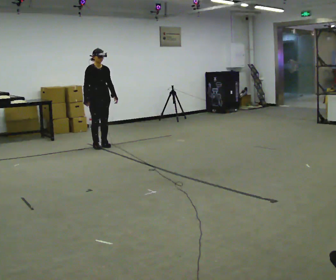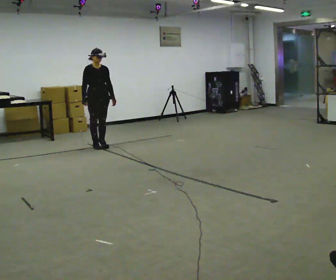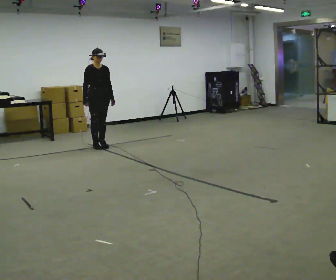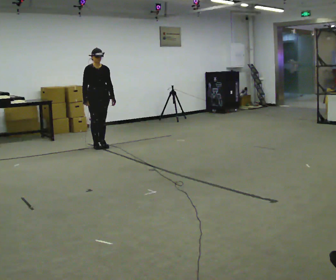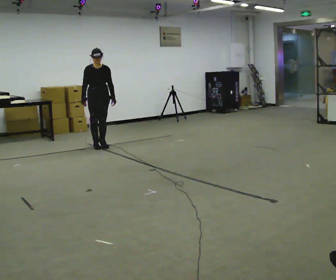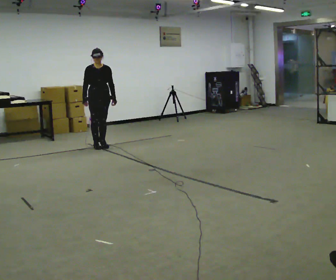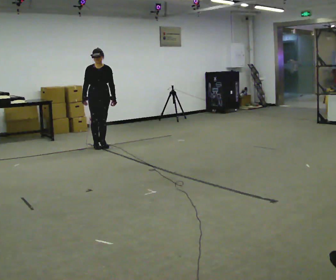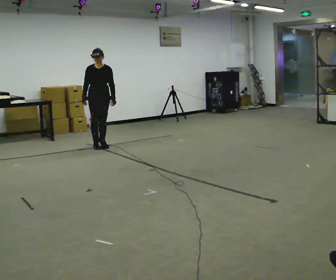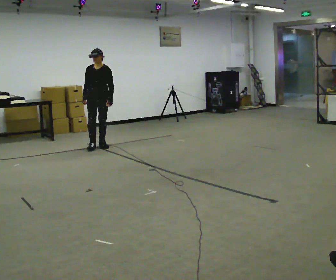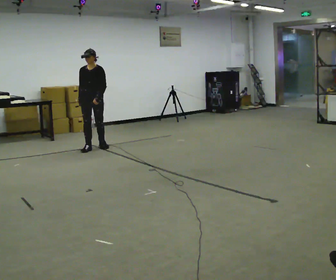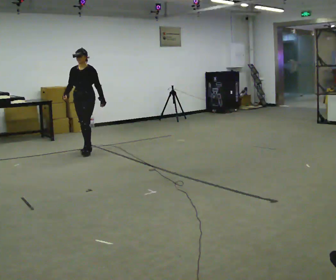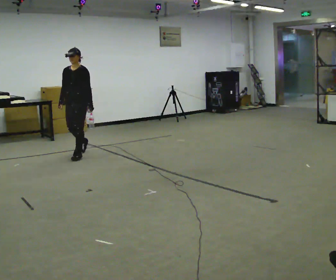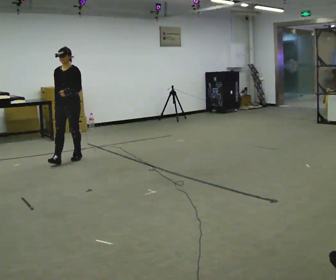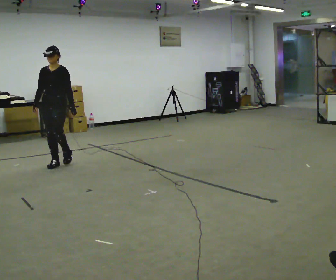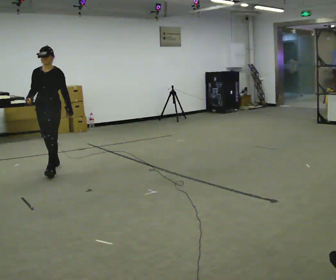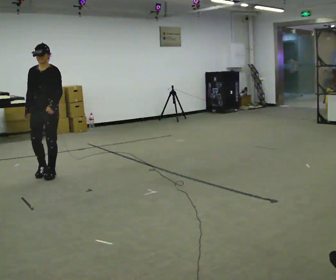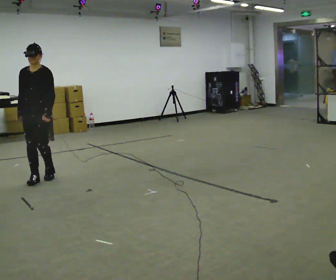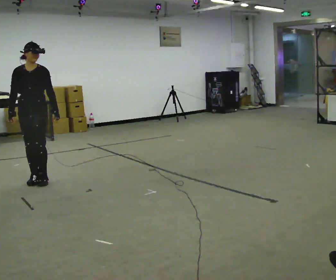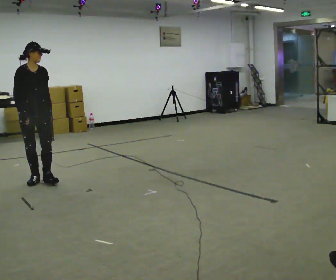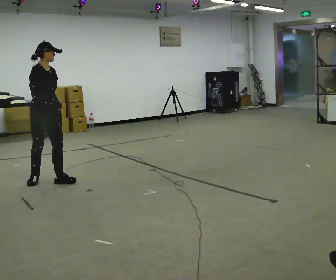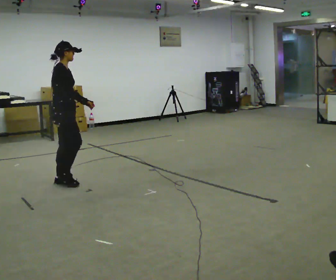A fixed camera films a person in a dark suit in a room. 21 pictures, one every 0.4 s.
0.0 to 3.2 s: The part of the body nearest the lens slides to the left as the person turns to their right by about 45 degrees.
3.2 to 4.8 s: In the picture they go toward the camera and to the left, about 1 m in 2 steps, which for them is forward.
4.8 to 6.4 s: In the picture they go toward the camera, about 1 m in 3 steps, which for them is forward.
6.4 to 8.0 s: The person turns about 105 degrees to their left, counterclockwise seen from above, so the part of the body nearest the lens slides to the right. In the picture they go to the right and toward the camera, about 0.25 m in 2 steps.
The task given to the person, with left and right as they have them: Walk through 3–5 turns in sequence; keep moving; stop at end.
The film runs forward here.
